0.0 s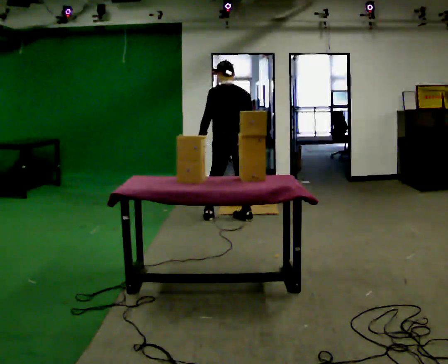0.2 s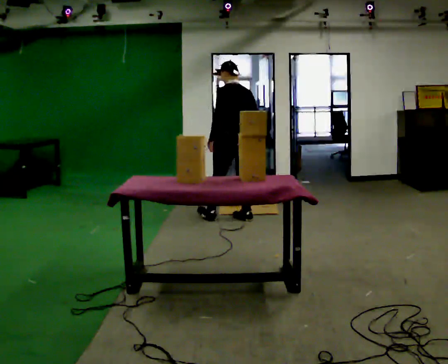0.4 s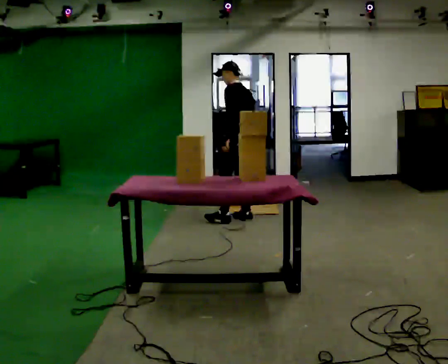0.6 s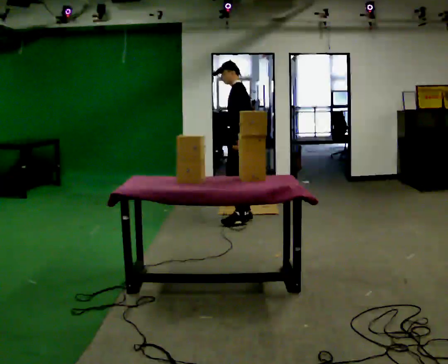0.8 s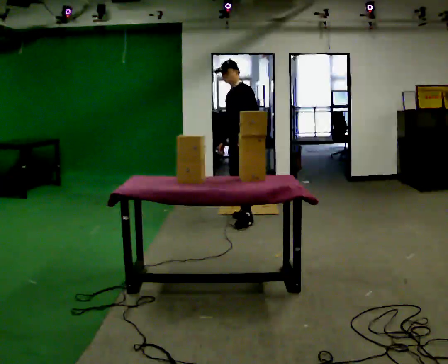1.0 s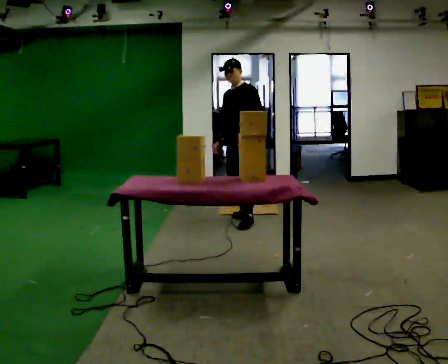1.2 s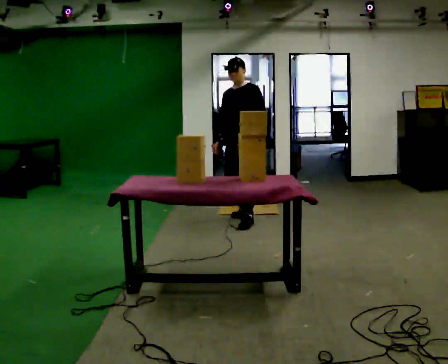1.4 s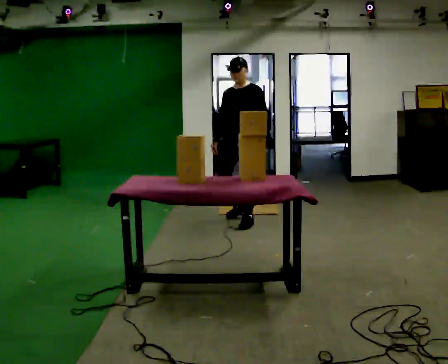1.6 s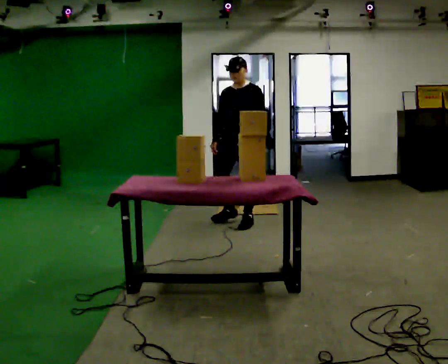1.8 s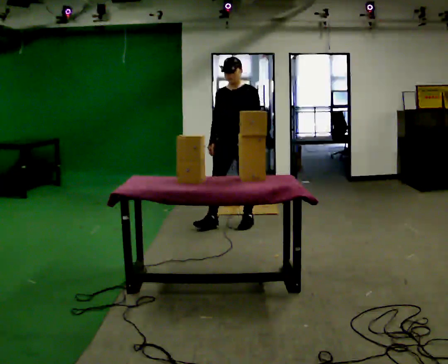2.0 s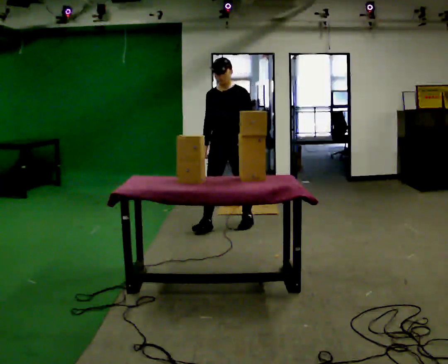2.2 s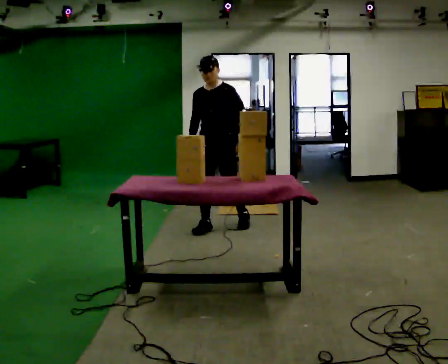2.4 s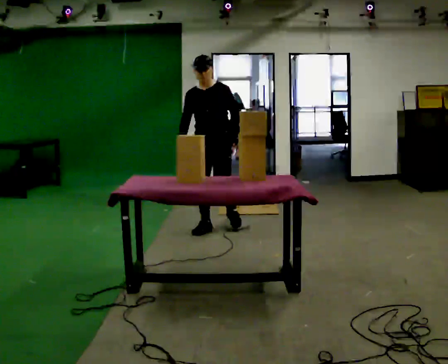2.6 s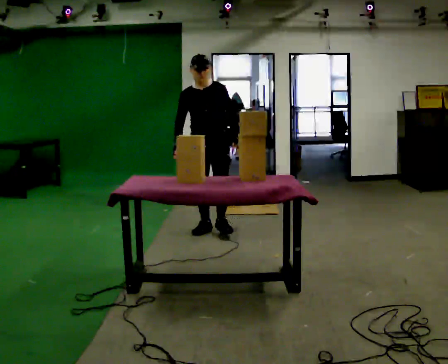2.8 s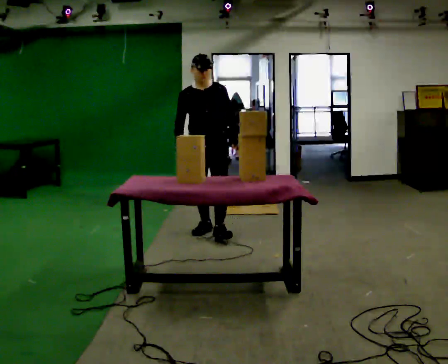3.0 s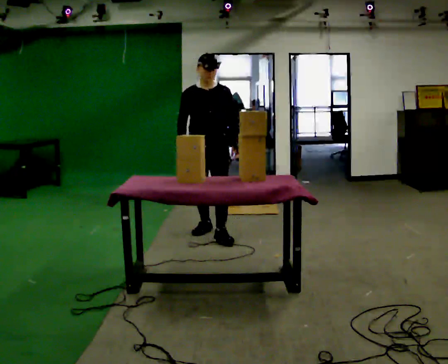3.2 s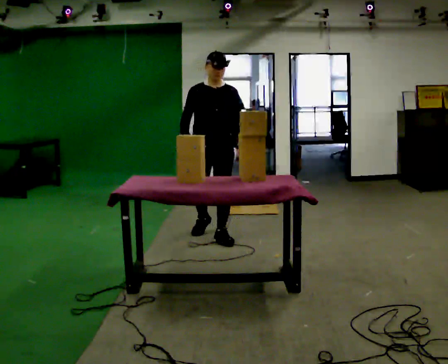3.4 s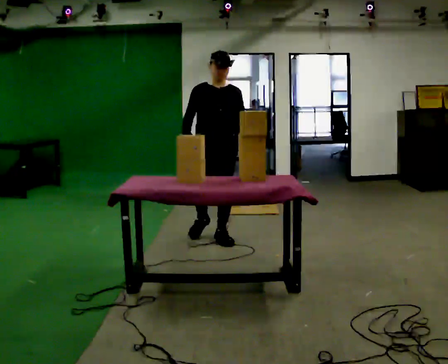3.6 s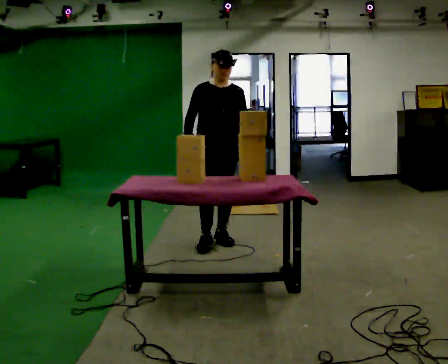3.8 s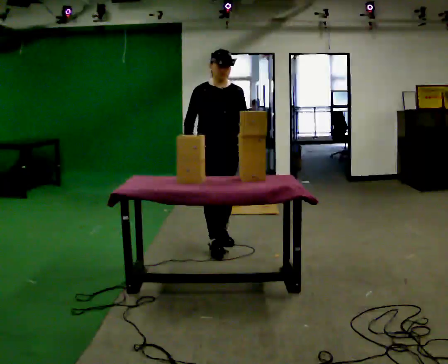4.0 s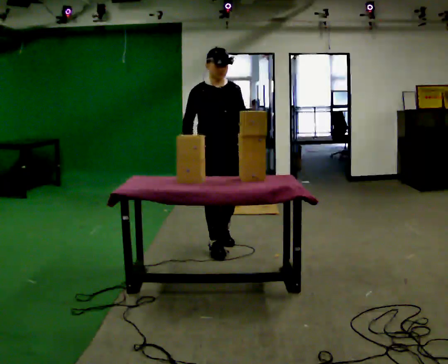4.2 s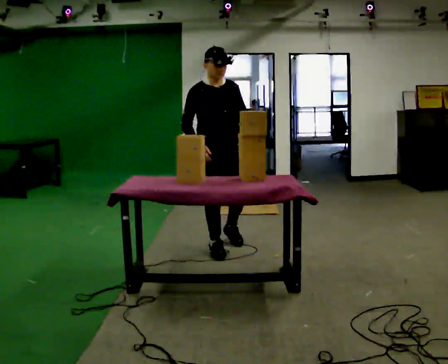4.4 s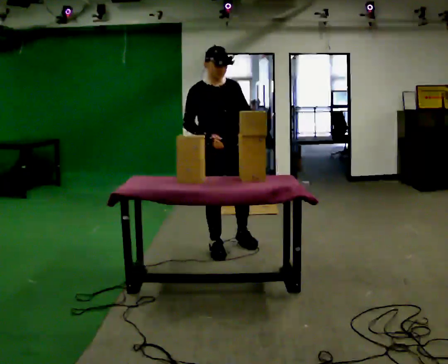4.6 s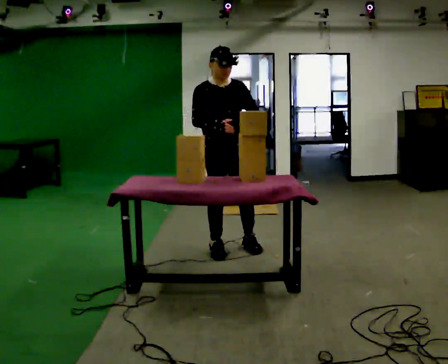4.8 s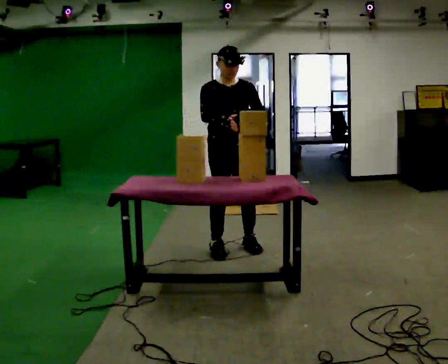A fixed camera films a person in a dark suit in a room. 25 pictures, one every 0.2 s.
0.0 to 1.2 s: The person turns about 105 degrees to their left, counterclockwise seen from above, so the part of the body nearest the lens slides to the right. In the picture their left hand goes to the right, the arm swinging counterclockwise.
1.2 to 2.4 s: Seen from above the body turns counterclockwise, about 30 degrees: to their left, with its near side sliding to the right. In the picture they go to the left and toward the camera, about 0.5 m in 1 step, which for them is forward.
2.4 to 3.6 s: The part of the body nearest the lens slides to the right as the person turns to their left by about 30 degrees. In the picture they go toward the camera, about 0.5 m in 1 step, which for them is forward.
3.6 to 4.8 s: In the picture they go toward the camera, about 0.25 m in 2 steps, which for them is forward.
The film runs forward here.
